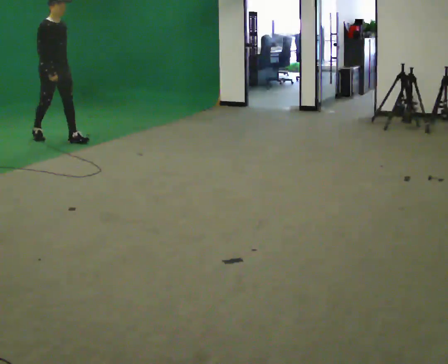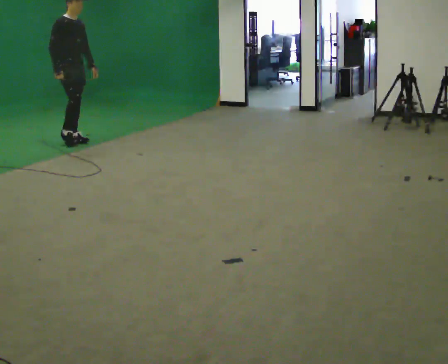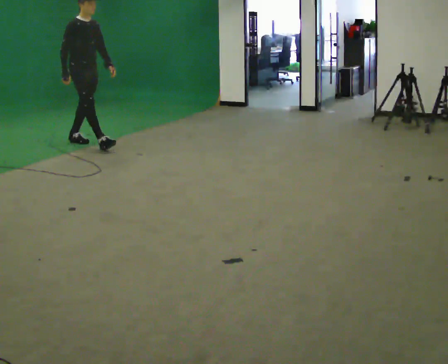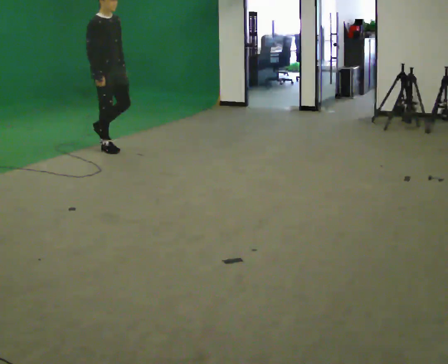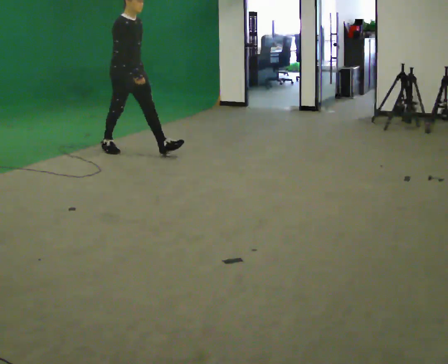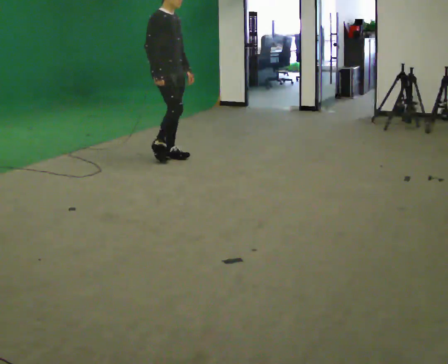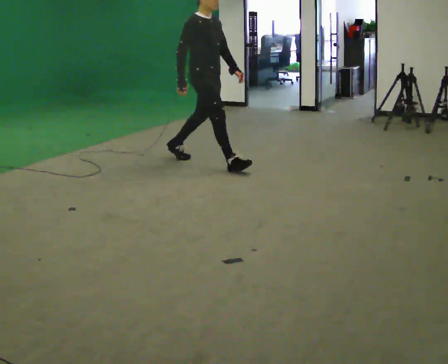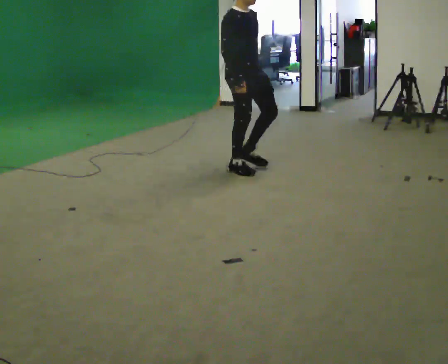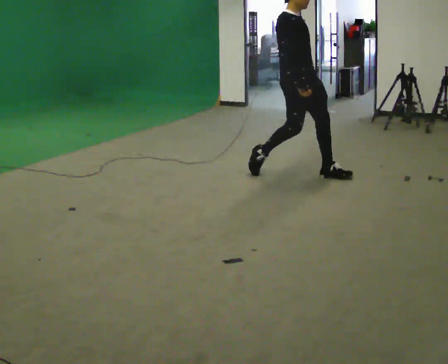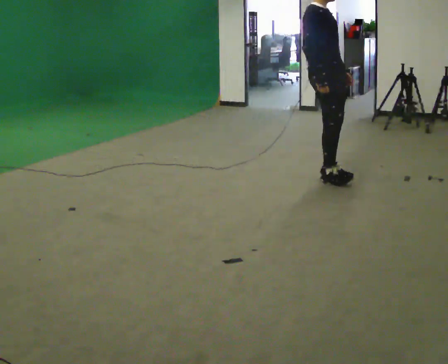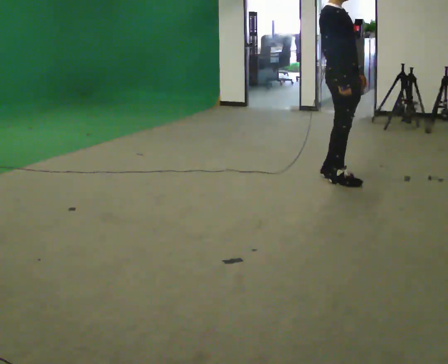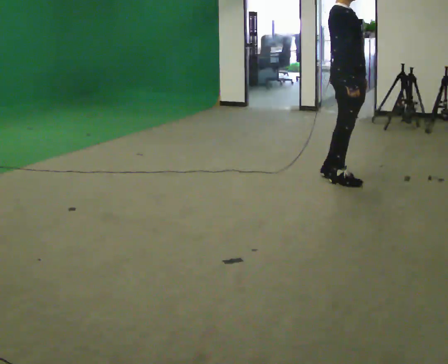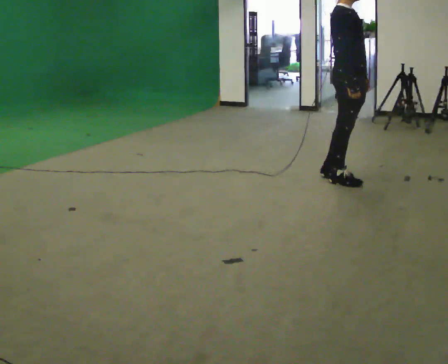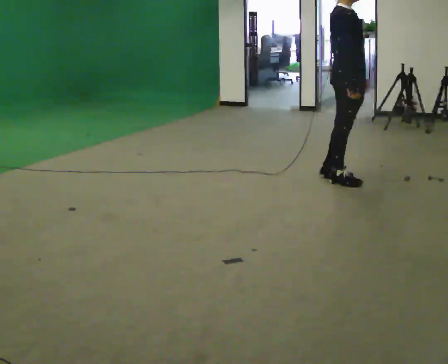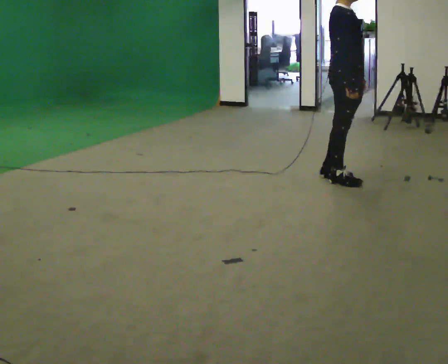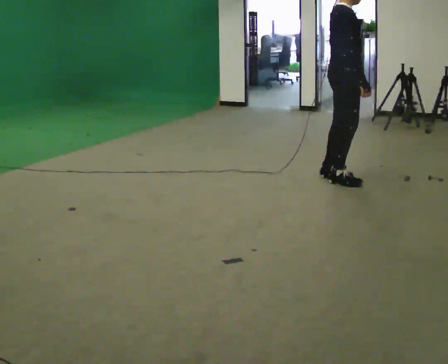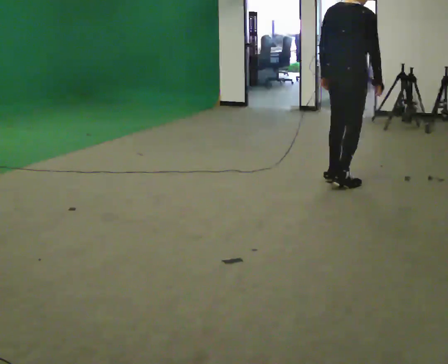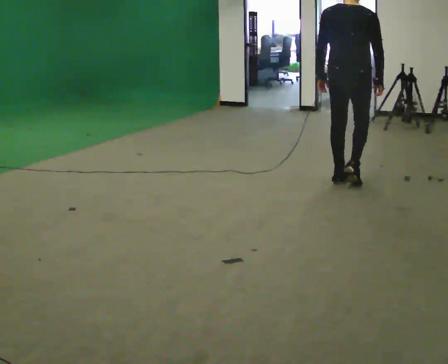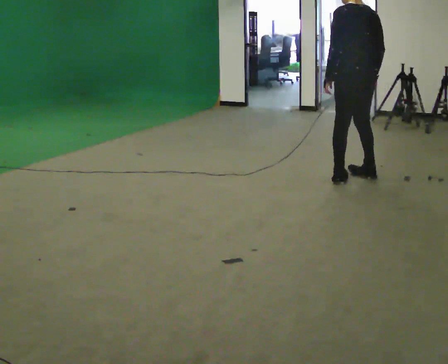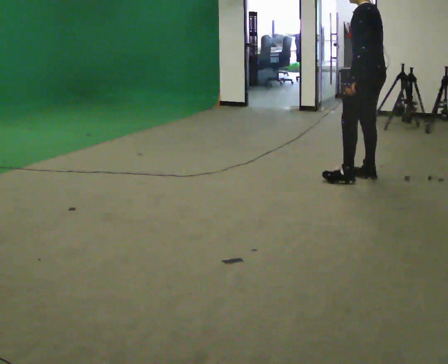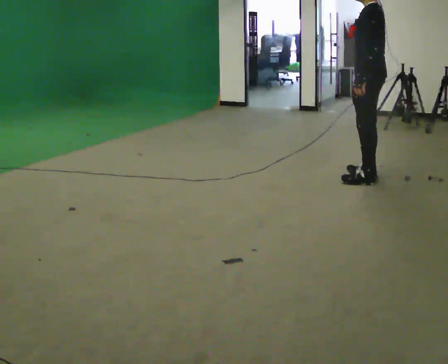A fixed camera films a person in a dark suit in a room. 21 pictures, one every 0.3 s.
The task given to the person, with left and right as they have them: Start still; gradually go slow → normal → fast; briefly maintain fast speed; stop.
0.0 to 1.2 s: In the picture they go to the right, about 1 m in 1 step, which for them is forward.
1.2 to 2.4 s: In the picture they go to the right, about 2 m in 3 steps, which for them is forward.
2.4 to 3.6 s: In the picture they go to the right, about 0.5 m in 1 step, which for them is forward.
3.6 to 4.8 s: The person turns about 75 degrees to their left, counterclockwise seen from above, so the part of the body nearest the lens slides to the right. In the picture their left hand goes to the left.
4.8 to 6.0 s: The person turns about 120 degrees to their left, counterclockwise seen from above, so the part of the body nearest the lens slides to the right. In the picture they go to the right, about 0.25 m in 3 steps.
The film runs forward here.
